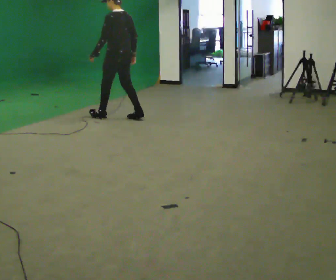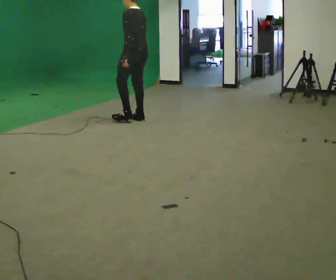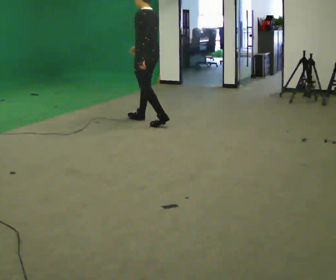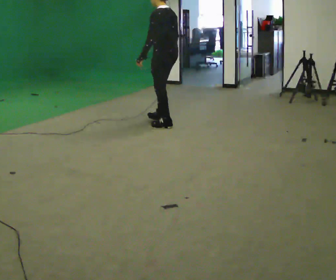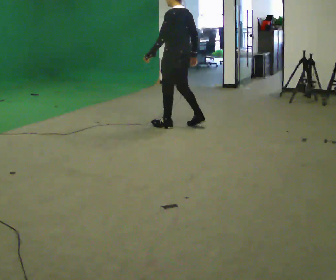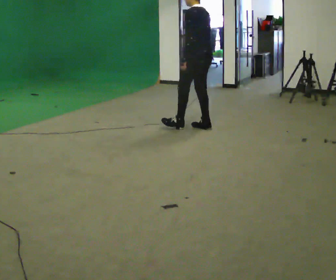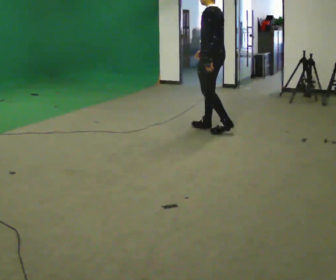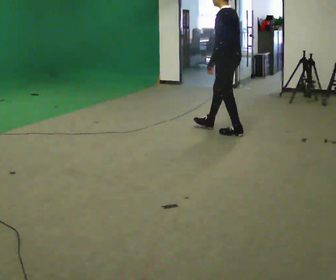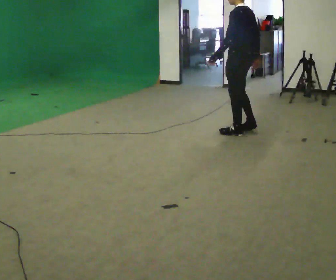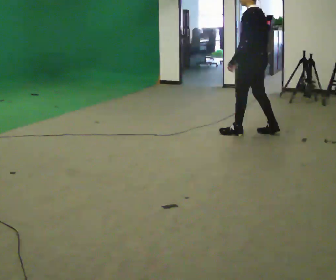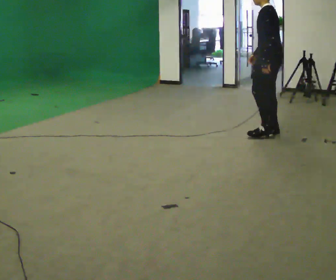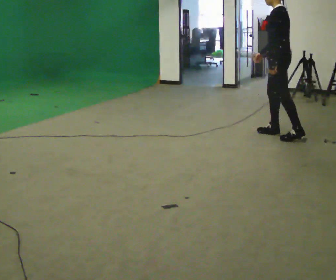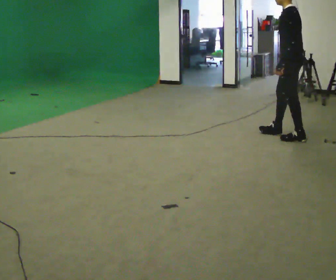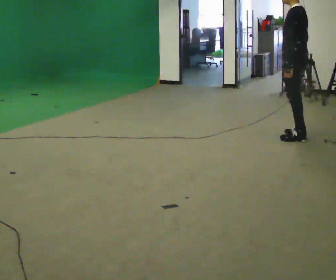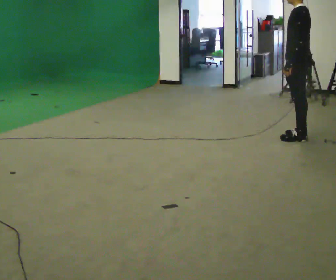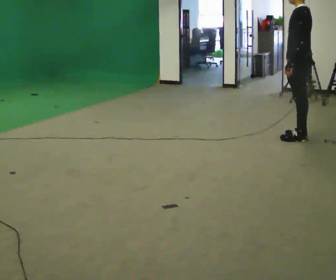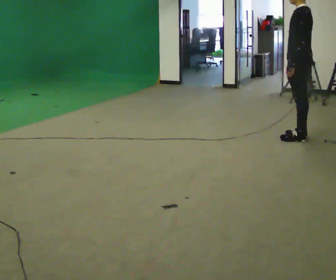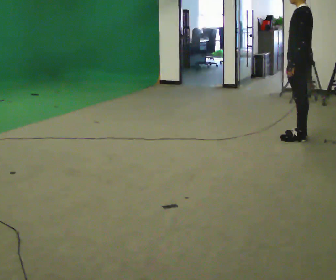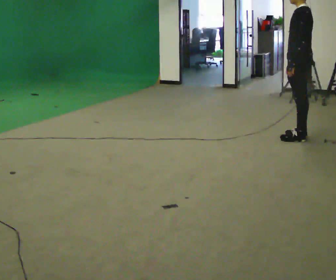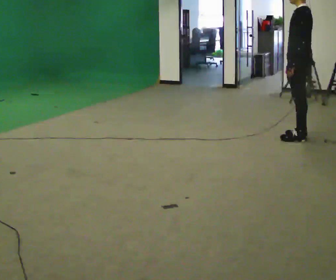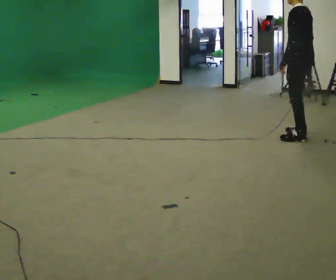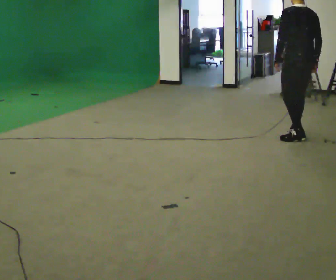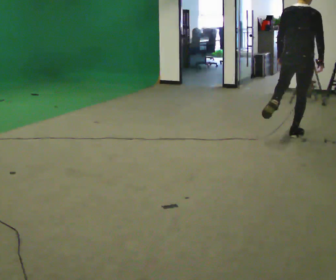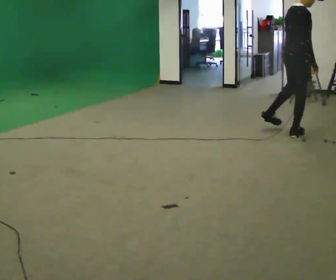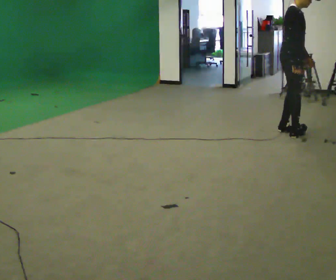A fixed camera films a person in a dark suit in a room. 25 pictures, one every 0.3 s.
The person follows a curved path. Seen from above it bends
counterclockwise.
The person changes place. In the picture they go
to the right.
0.0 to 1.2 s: In the picture they go to the right, about 1 m in 2 steps, which for them is backward.
1.2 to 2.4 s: In the picture they go to the right, about 1 m in 2 steps, which for them is backward.
2.4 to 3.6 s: In the picture they go to the right, about 0.5 m in 2 steps, which for them is backward.
3.6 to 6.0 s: The person moves a little, or ends about where they began.
6.0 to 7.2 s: Seen from above the body turns clockwise, about 165 degrees: to their right, with its near side sliding to the left. In the picture they go away from the camera and to the left, about 0.25 m in 1 step.
The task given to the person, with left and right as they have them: Walk backward slowly; stop.
The film runs forward here.
